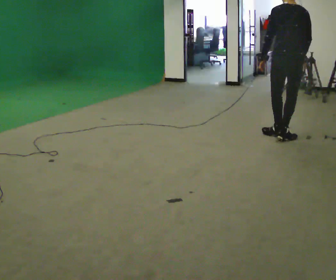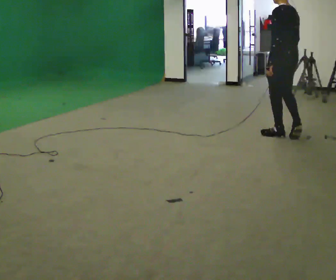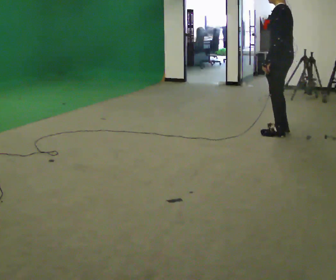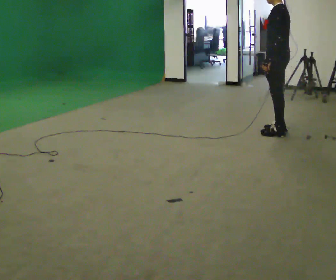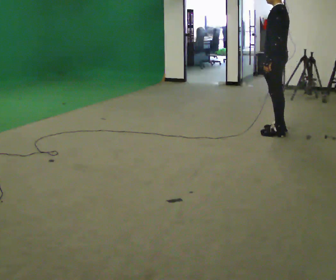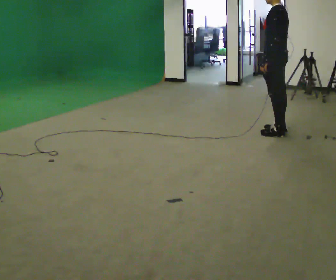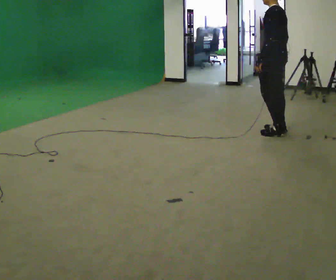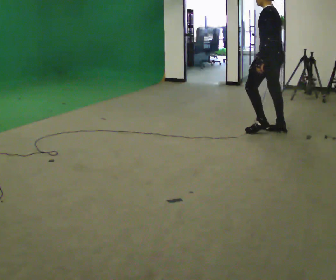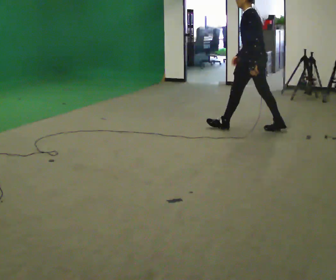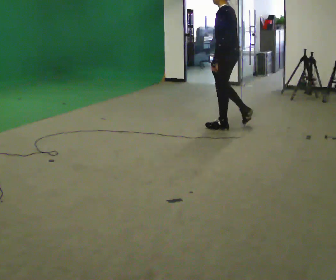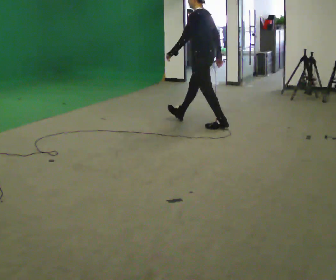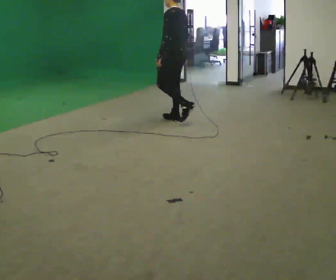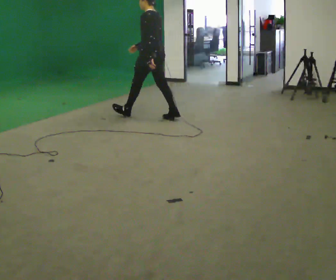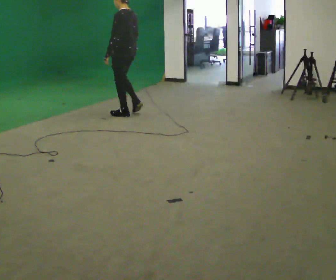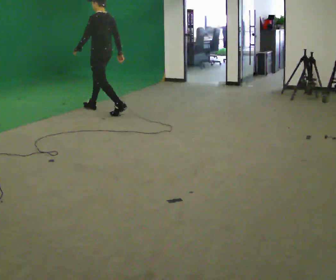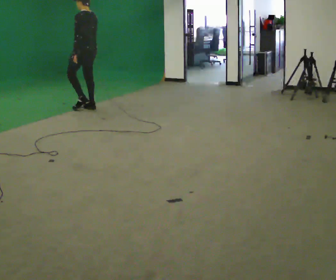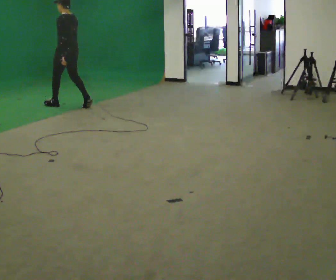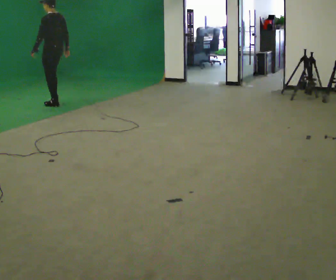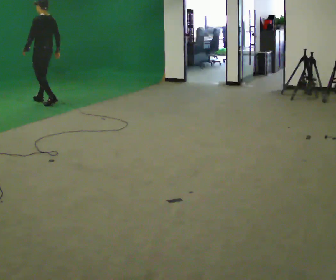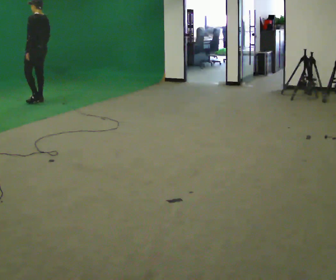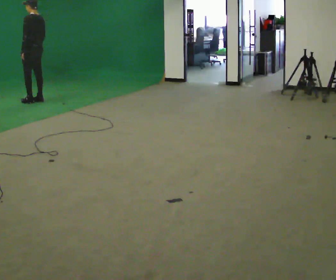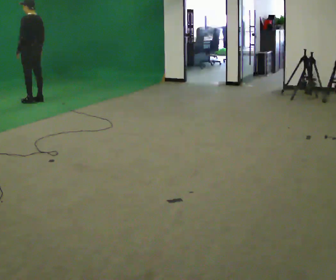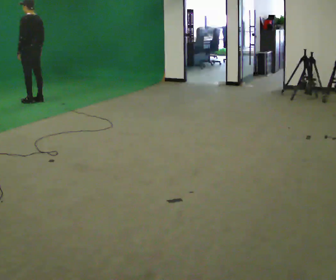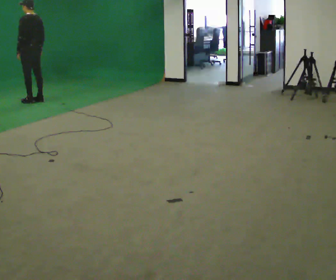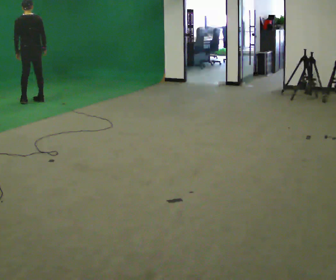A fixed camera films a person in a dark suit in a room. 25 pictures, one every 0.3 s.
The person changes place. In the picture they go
to the left.
0.0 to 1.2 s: The part of the body nearest the lens slides to the right as the person turns to their left by about 60 degrees. In the picture they go away from the camera, about 0.25 m in 2 steps.
1.2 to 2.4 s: In the picture they go to the left and away from the camera, about 0.25 m in 1 step, which for them is forward.
2.4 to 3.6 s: In the picture they go to the left and away from the camera, about 1.5 m in 1 step, which for them is forward.
3.6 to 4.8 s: In the picture they go to the left and away from the camera, about 1.5 m in 3 steps, which for them is forward.
4.8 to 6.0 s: In the picture they go to the left and away from the camera, about 1 m in 2 steps, which for them is forward.
6.0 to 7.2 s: The person turns about 45 degrees to their right, clockwise seen from above, so the part of the body nearest the lens slides to the left.
The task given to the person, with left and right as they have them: Start still; walk straight at normal comfortable speed; stop at endpoint.
The film runs forward here.
